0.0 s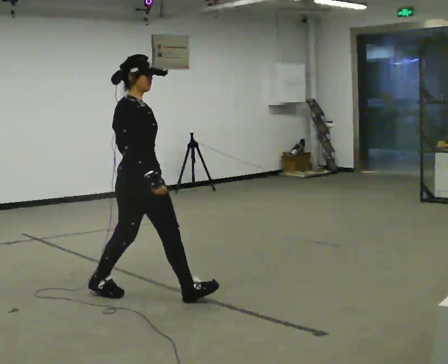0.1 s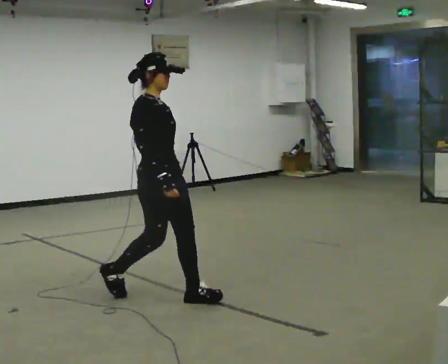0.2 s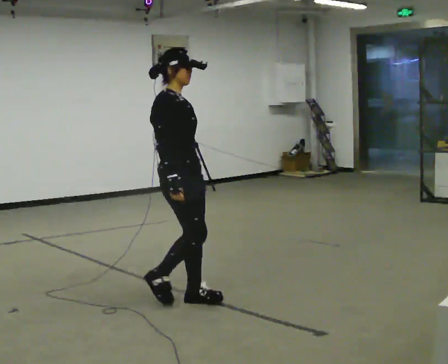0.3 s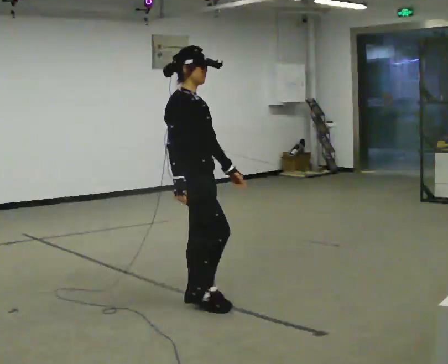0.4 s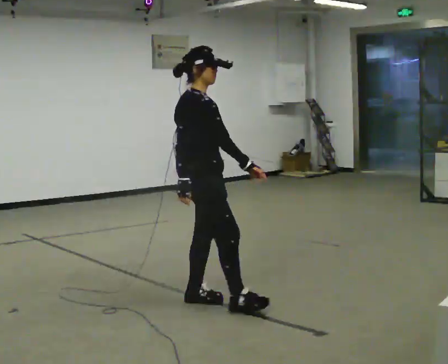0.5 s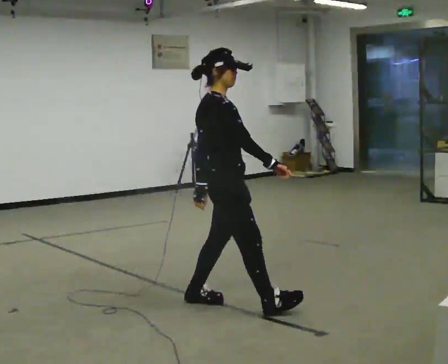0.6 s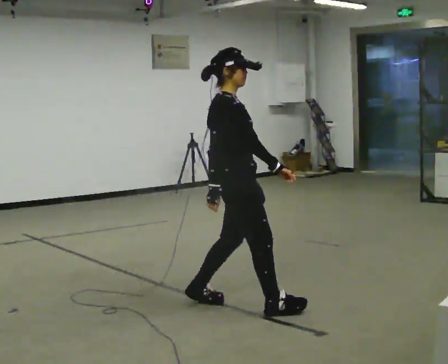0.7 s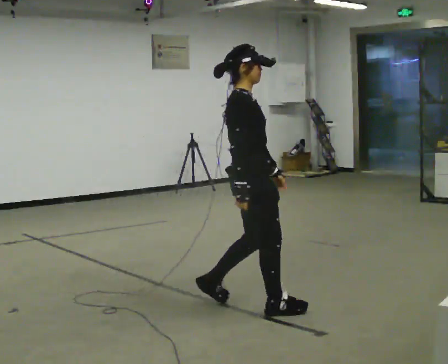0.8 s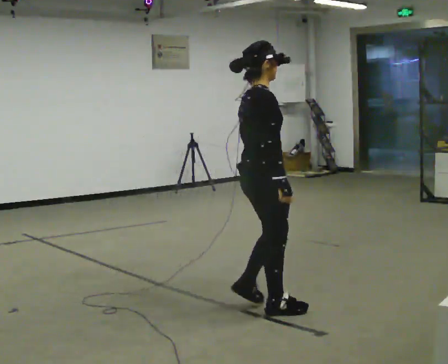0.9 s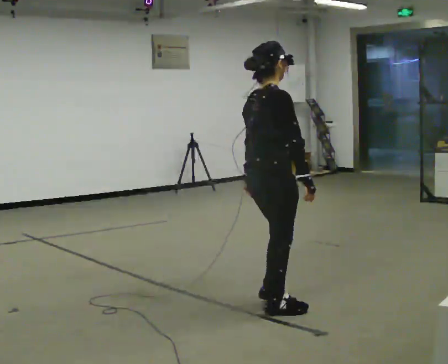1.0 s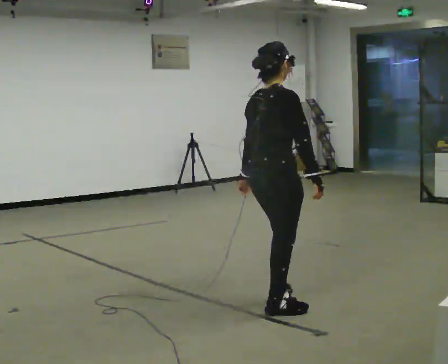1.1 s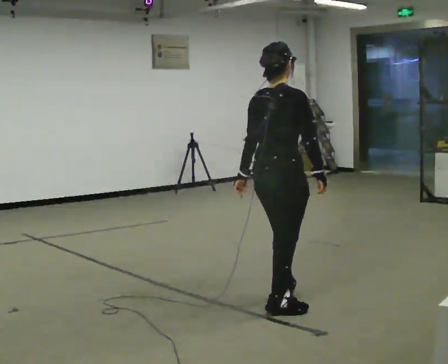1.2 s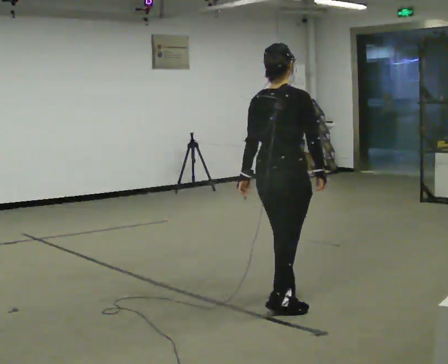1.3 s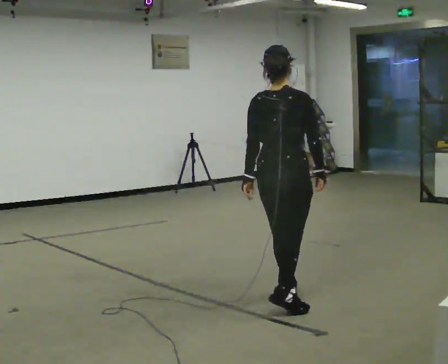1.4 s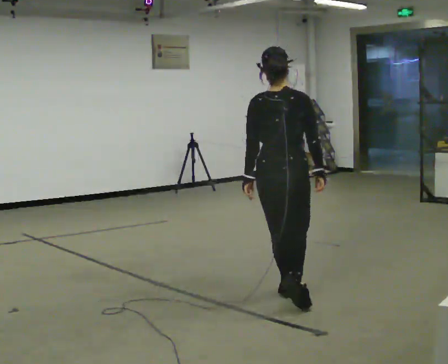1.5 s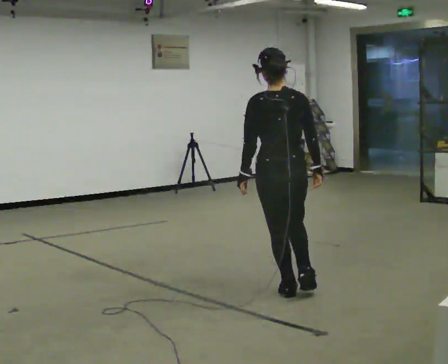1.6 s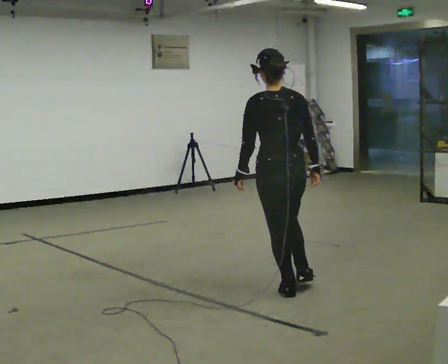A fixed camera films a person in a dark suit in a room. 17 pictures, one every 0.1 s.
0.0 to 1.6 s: The person turns about 120 degrees to their left, counterclockwise seen from above, so the part of the body nearest the lens slides to the right. In the picture they go to the right, about 1 m in 3 steps.
The film runs forward here.
